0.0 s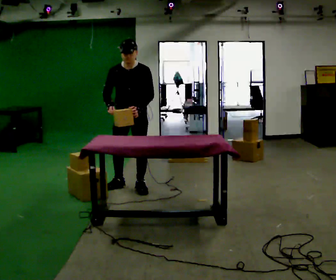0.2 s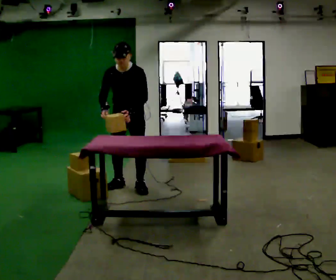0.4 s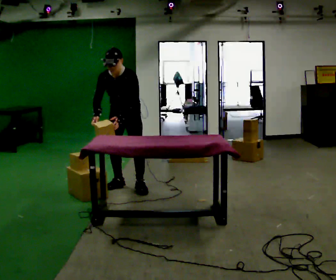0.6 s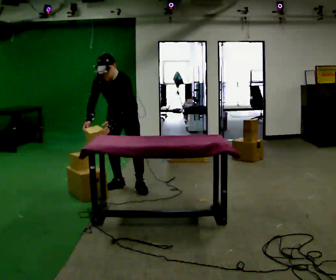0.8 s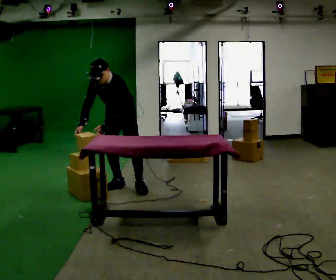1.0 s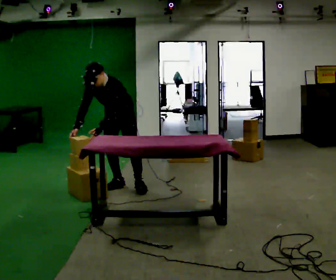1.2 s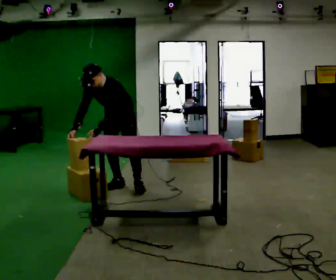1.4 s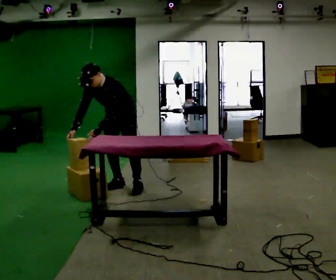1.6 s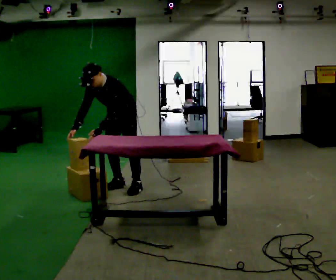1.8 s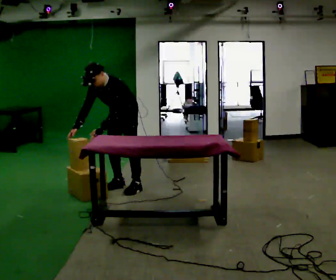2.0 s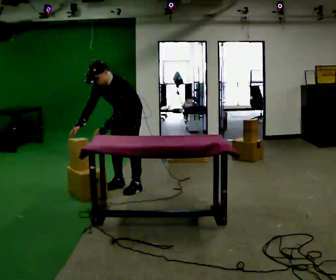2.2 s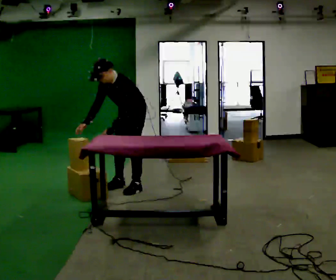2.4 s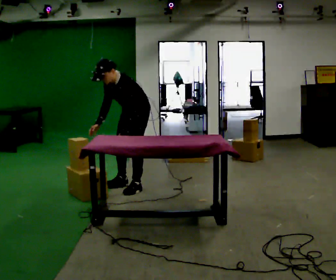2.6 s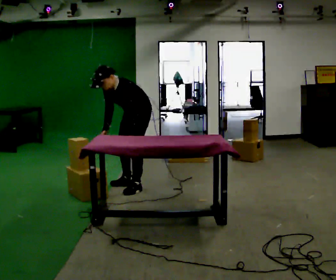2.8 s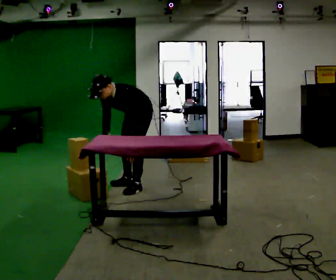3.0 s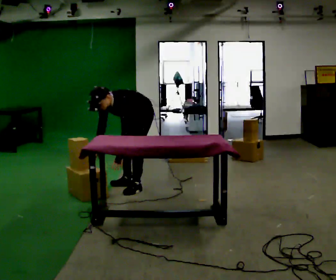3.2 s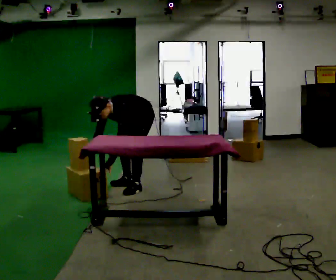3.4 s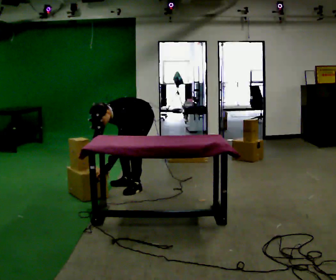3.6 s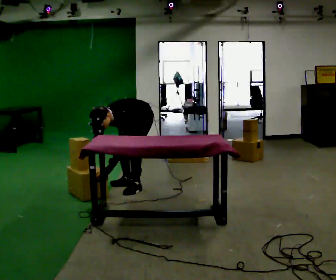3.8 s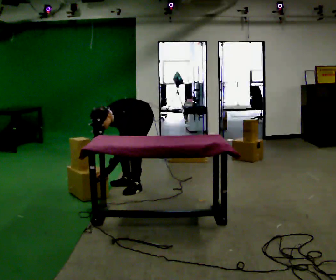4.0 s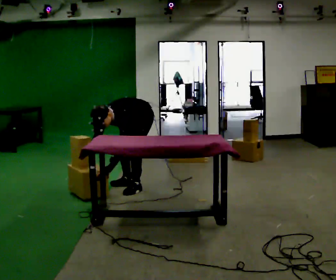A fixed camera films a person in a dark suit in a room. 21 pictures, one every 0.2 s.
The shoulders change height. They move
downward.
The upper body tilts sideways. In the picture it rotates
counterclockwise.
0.0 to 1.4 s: The part of the body nearest the lens slides to the left as the person turns to their right by about 30 degrees. The shoulders move downward. In the picture the upper body tilts counterclockwise, shoulders to the left, as they bend forward. In the picture their left hand goes to the left.
1.4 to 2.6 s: In the picture they go to the right, about 0.25 m, which for them is to their left. In the picture their right hand goes to the right.
2.6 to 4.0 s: The shoulders move downward. In the picture the upper body tilts counterclockwise, shoulders to the left, as they bend forward.
The film runs backward here.
